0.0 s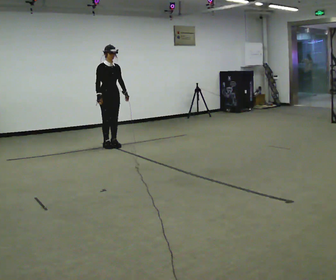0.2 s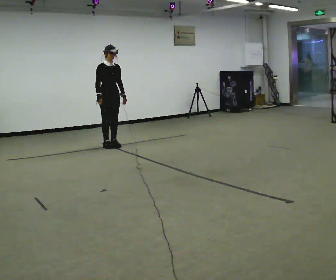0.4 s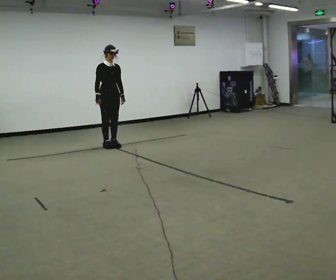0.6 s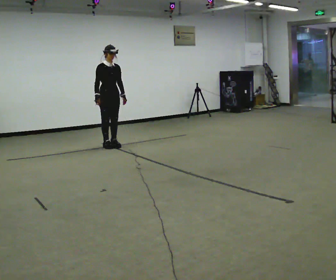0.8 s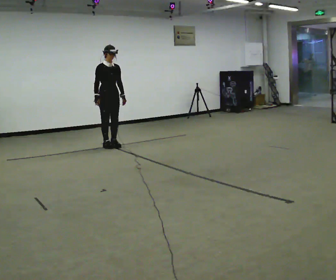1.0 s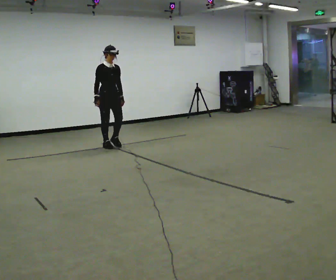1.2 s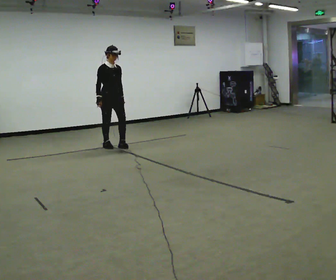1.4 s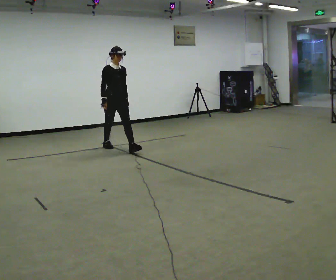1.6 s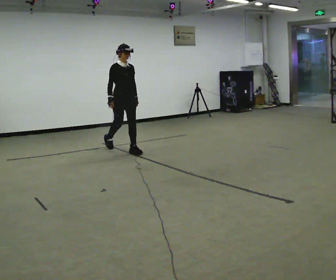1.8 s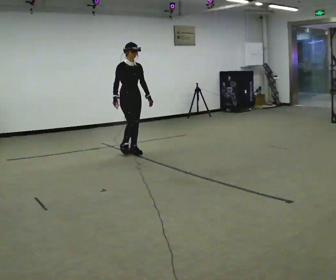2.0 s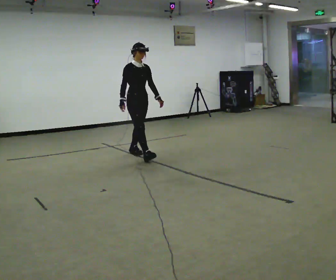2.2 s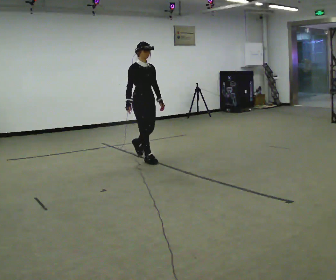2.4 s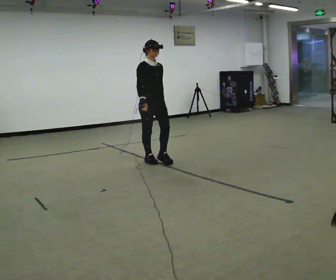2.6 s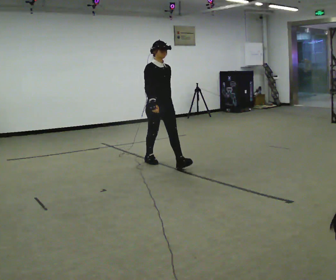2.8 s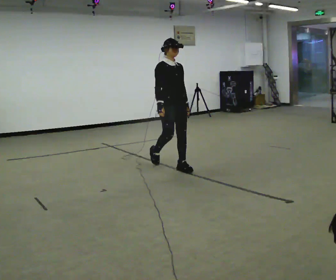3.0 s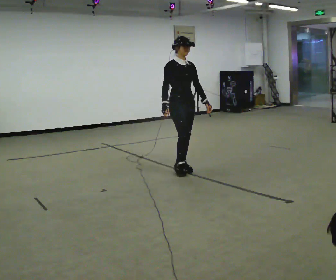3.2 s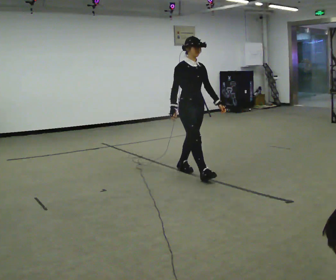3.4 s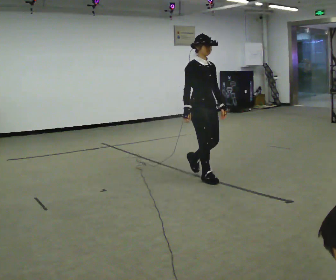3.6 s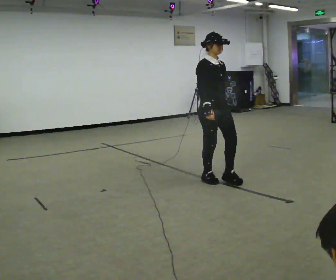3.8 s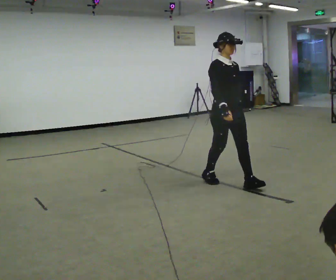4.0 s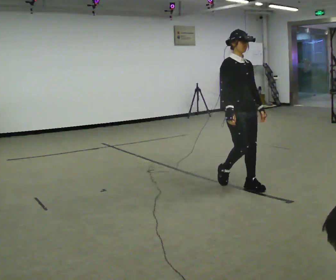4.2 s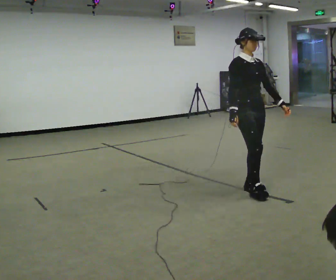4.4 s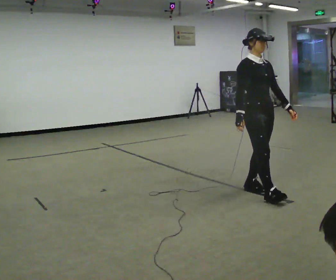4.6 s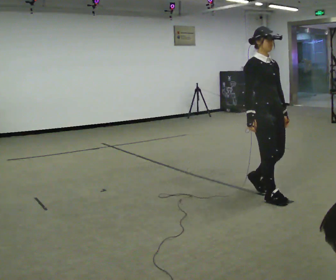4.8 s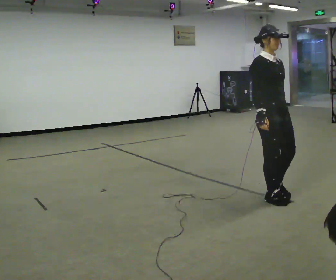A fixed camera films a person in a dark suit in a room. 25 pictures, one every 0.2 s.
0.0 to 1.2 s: In the picture they go toward the camera, about 0.25 m, which for them is forward.
1.2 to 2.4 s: In the picture they go toward the camera and to the right, about 1 m in 2 steps, which for them is forward.
2.4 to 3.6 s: In the picture they go toward the camera and to the right, about 1 m in 2 steps, which for them is forward.
3.6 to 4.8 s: In the picture they go toward the camera and to the right, about 1 m in 2 steps, which for them is forward.
The film runs forward here.
